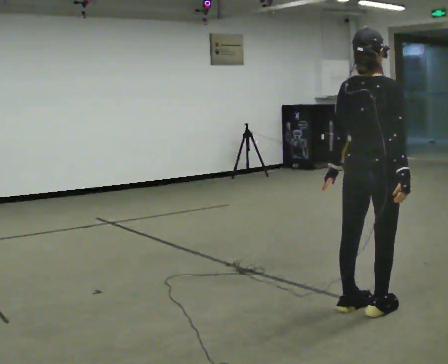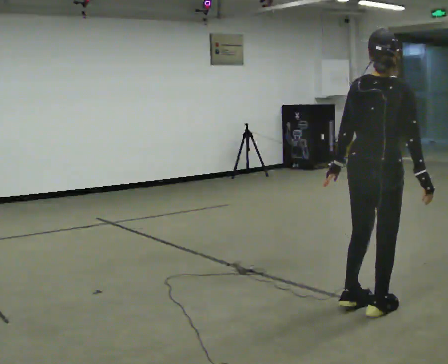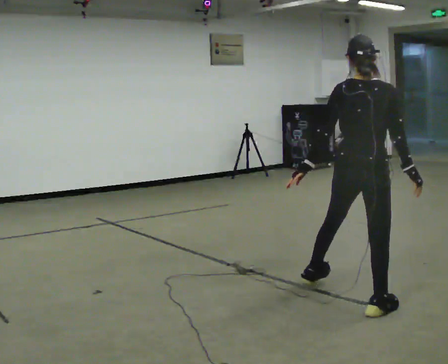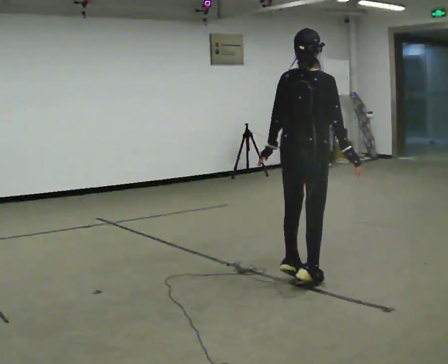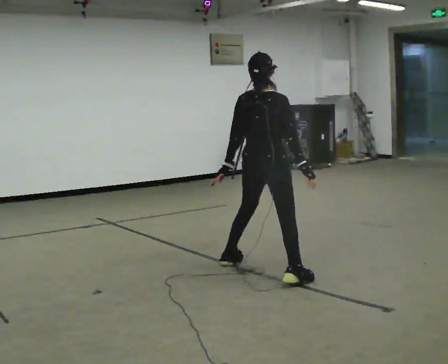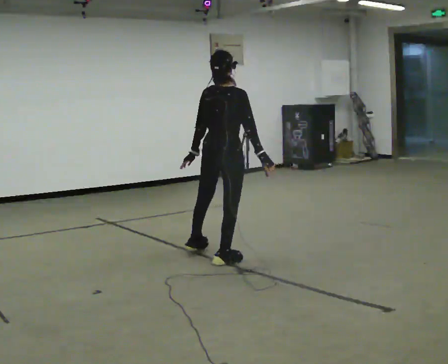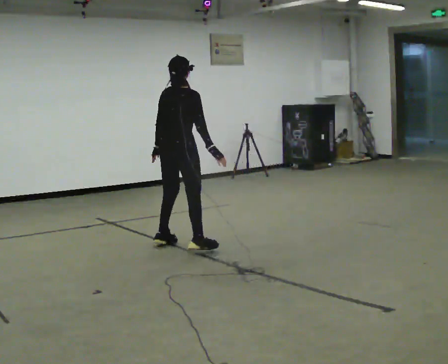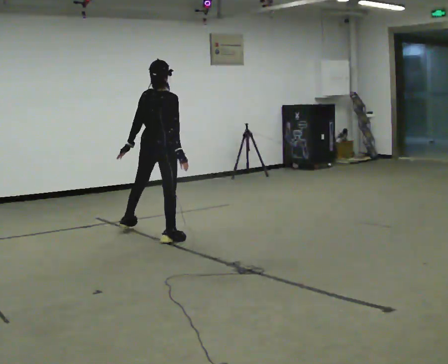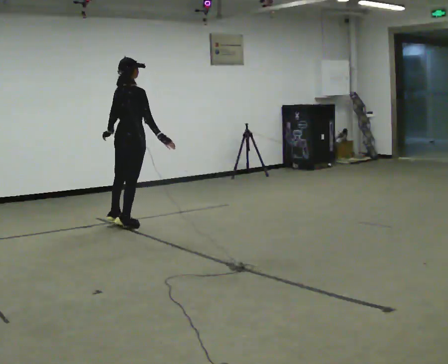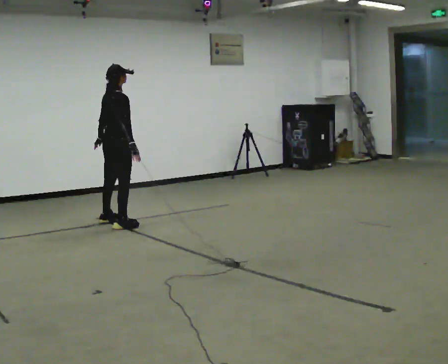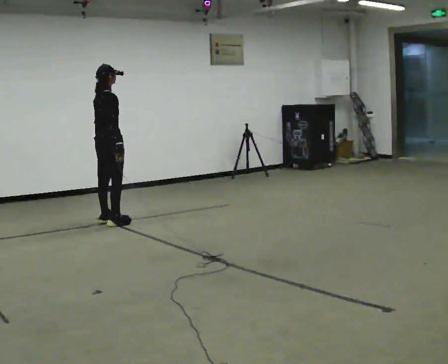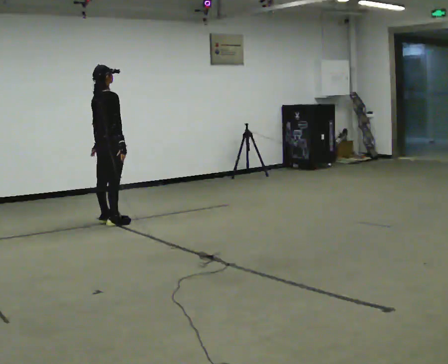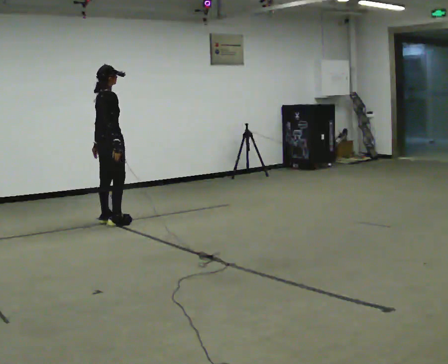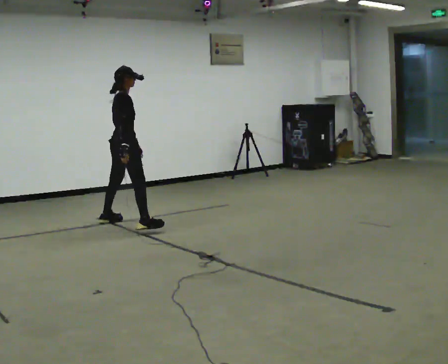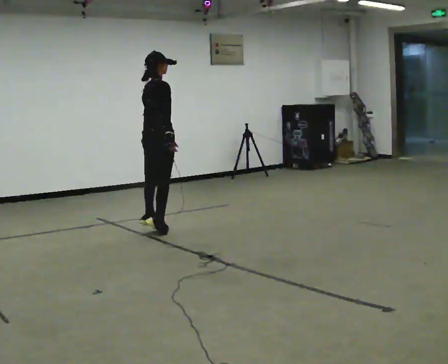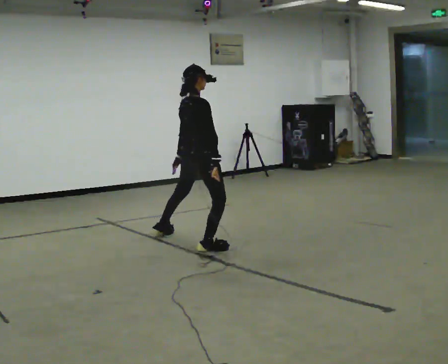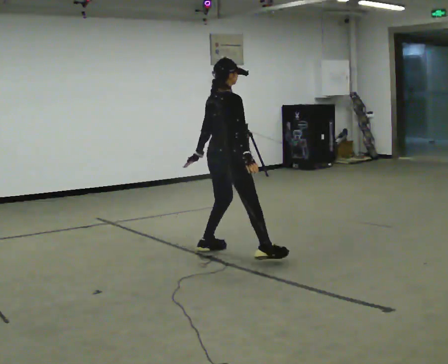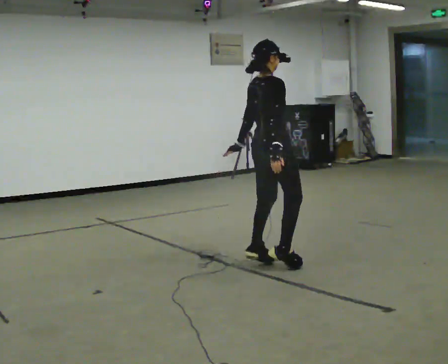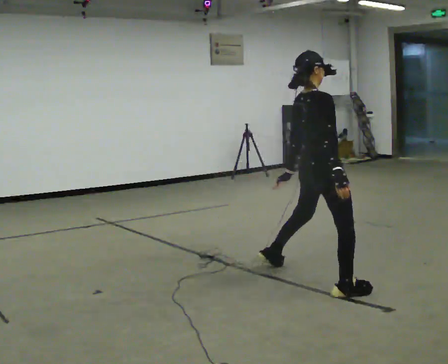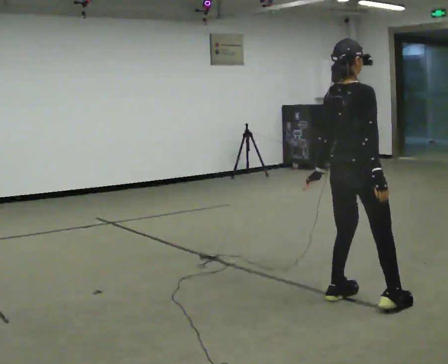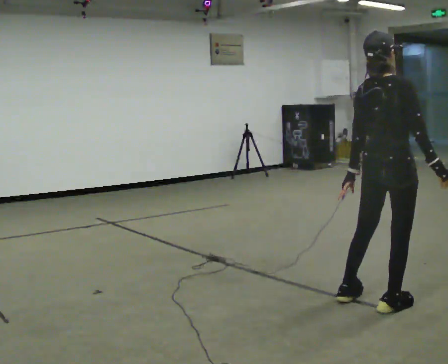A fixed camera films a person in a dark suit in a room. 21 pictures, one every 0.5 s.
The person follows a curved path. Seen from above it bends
clockwise.
0.0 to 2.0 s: In the picture they go away from the camera, about 1 m in 3 steps, which for them is to their left.
2.0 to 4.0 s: In the picture they go away from the camera and to the left, about 2 m in 4 steps, which for them is to their left.
4.0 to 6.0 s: In the picture they go away from the camera and to the left, about 0.25 m in 3 steps, which for them is to their left.
6.0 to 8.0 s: In the picture they go toward the camera and to the right, about 1.5 m in 4 steps, which for them is to their right.
8.0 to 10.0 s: In the picture they go toward the camera and to the right, about 1.5 m in 5 steps, which for them is to their right.
The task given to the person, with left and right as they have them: Shuffle sideways quickly in the direction the operator calls, without crossing your feet.
The film runs forward here.
